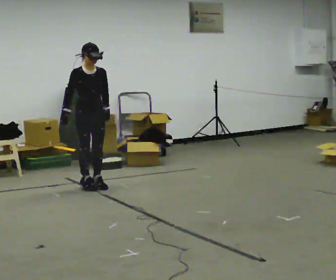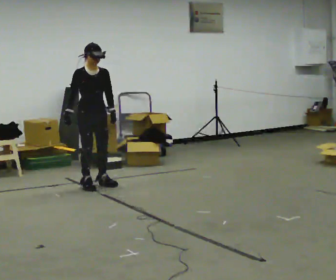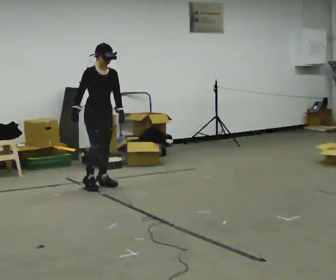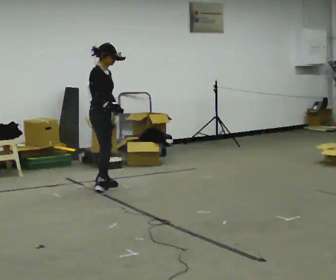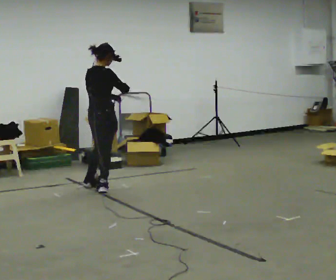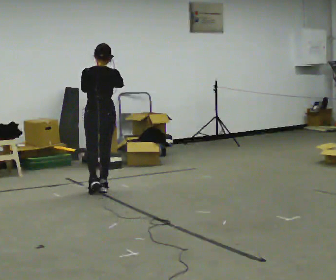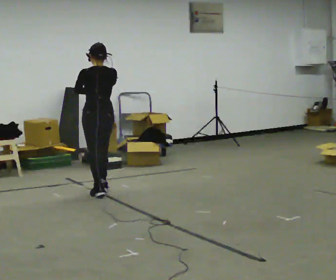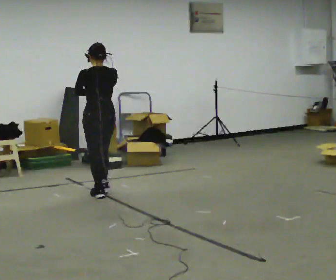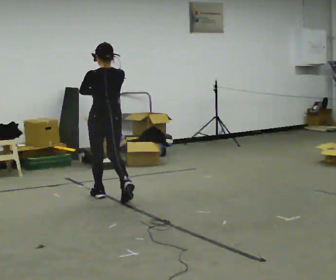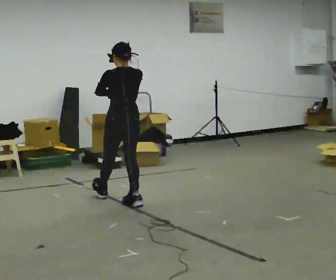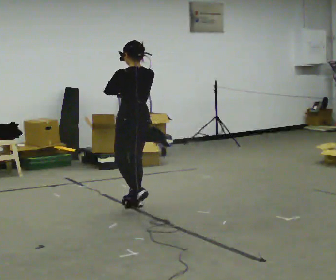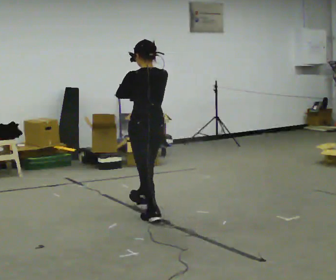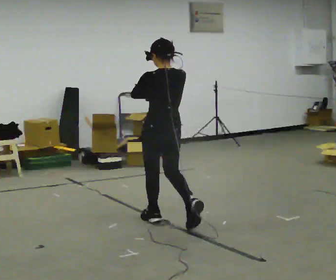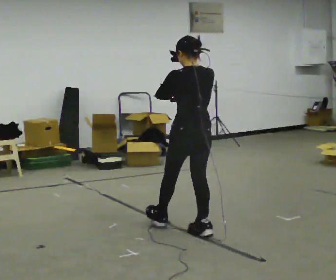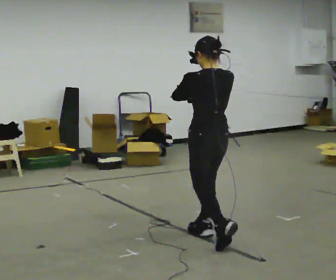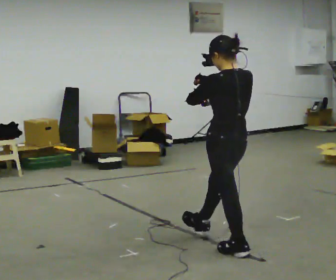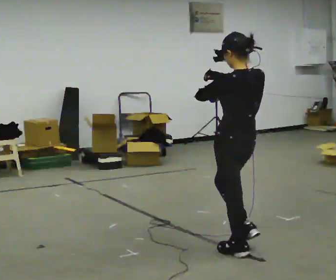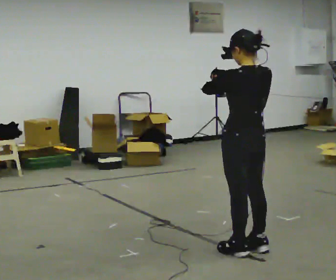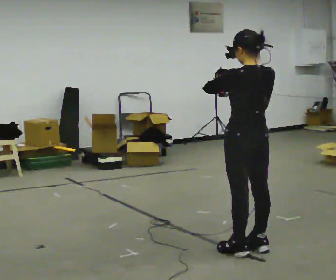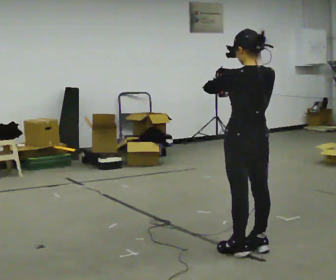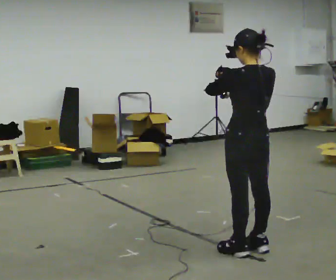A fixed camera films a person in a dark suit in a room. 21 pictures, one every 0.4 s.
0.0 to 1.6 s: The part of the body nearest the lens slides to the right as the person turns to their left by about 105 degrees. In the picture their right hand goes to the right, the arm swinging counterclockwise.
1.6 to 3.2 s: The person turns about 75 degrees to their left, counterclockwise seen from above, so the part of the body nearest the lens slides to the right. In the picture they go toward the camera, about 0.5 m in 1 step.
3.2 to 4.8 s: In the picture they go toward the camera and to the right, about 1 m in 2 steps, which for them is backward.
4.8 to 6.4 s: In the picture they go toward the camera and to the right, about 1 m in 2 steps, which for them is backward.
6.4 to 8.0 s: The person moves a little, or ends about where they began.
The film runs backward here.
